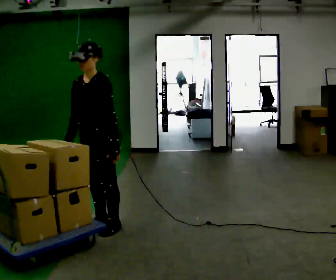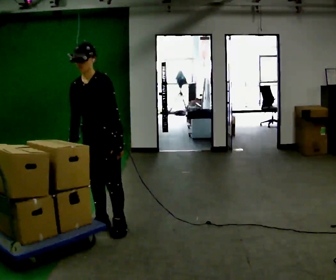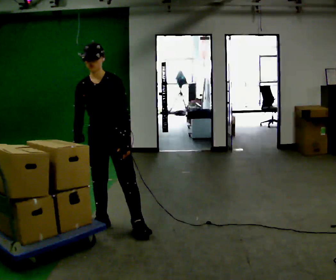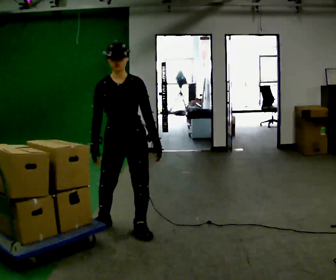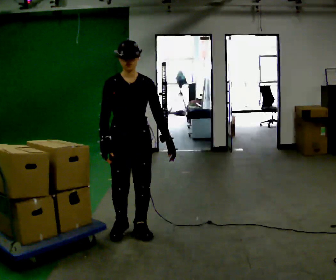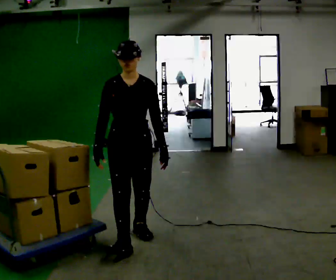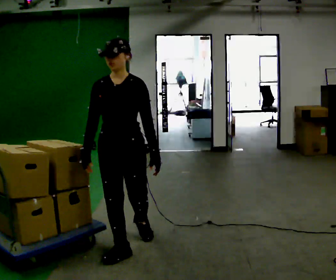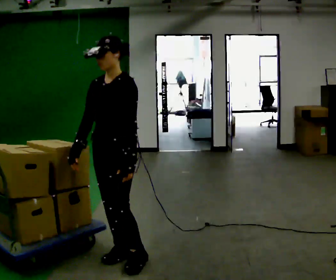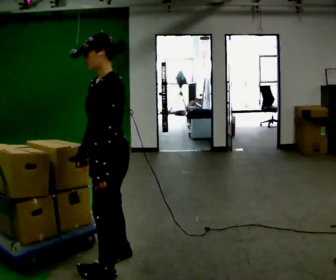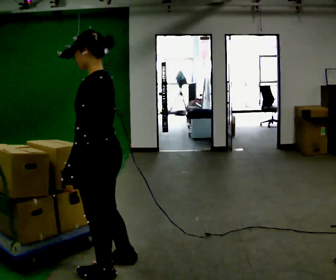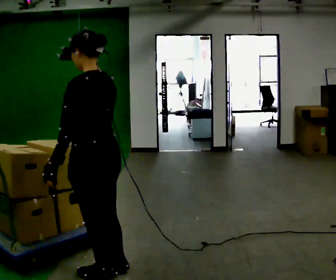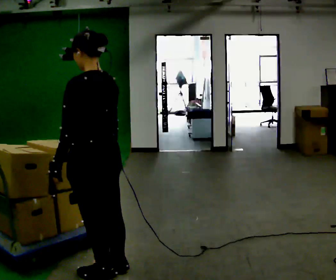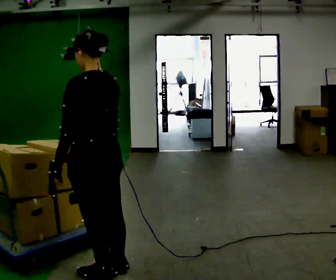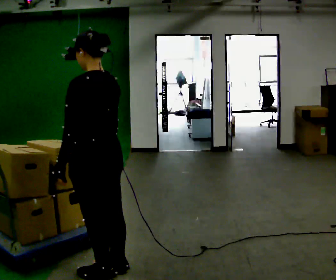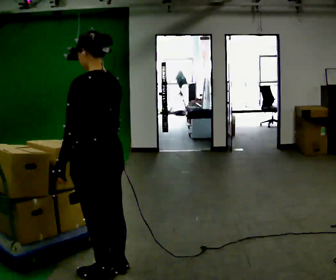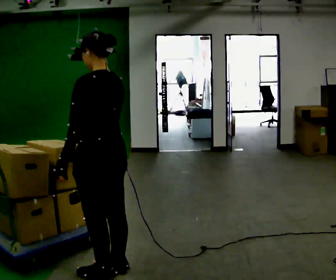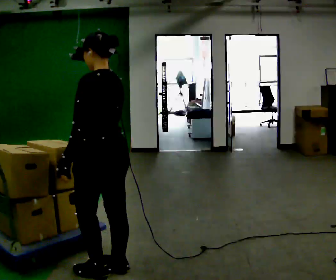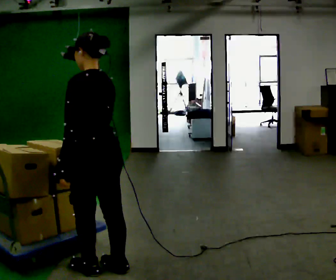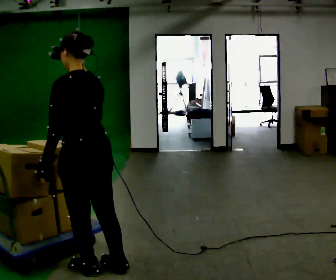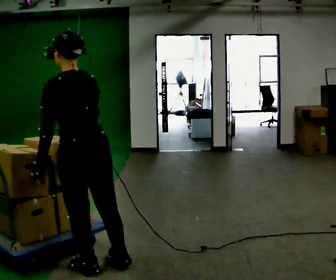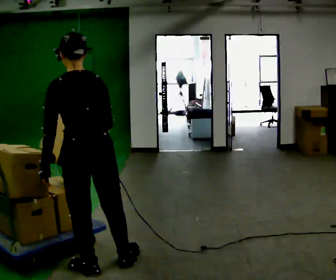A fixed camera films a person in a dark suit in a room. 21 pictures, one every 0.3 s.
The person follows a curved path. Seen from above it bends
clockwise.
The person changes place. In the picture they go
toward the camera.
0.0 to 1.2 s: The part of the body nearest the lens slides to the right as the person turns to their left by about 45 degrees. In the picture they go to the right and toward the camera, about 0.25 m in 1 step, which for them is to their left.
1.2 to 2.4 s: The person turns about 75 degrees to their right, clockwise seen from above, so the part of the body nearest the lens slides to the left. In the picture they go toward the camera, about 0.5 m in 2 steps.
2.4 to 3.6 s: The person turns about 60 degrees to their right, clockwise seen from above, so the part of the body nearest the lens slides to the left.
3.6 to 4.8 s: The person moves a little, or ends about where they began.
4.8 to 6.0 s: The person turns about 30 degrees to their right, clockwise seen from above, so the part of the body nearest the lens slides to the left.
The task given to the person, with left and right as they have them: Load the boxes onto the cart one at a time, then take them all off again. The cart stays where it is. Keep going until the operator says stop; one object at a time, and do not rush between trips.
The film runs forward here.
